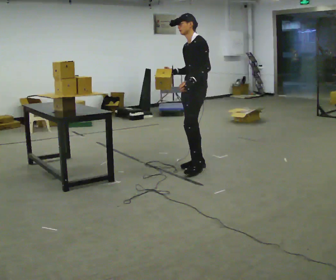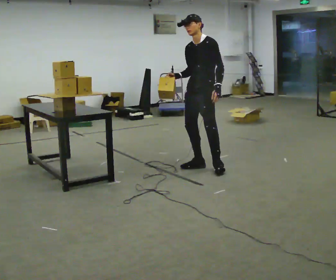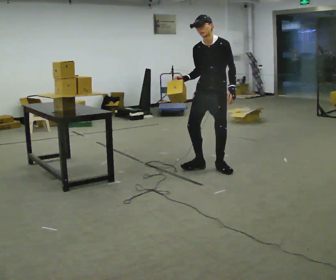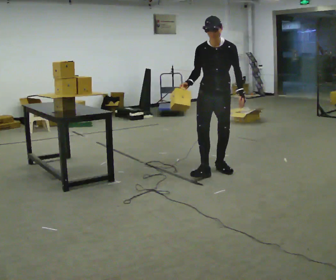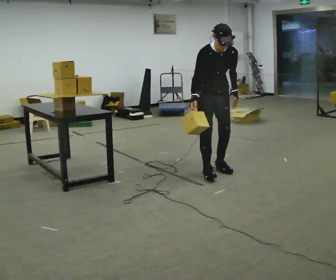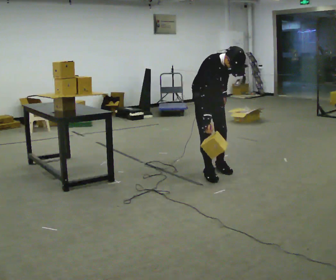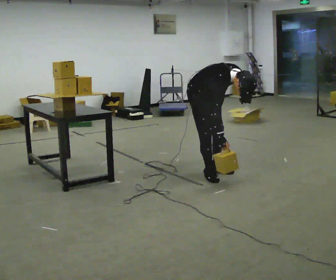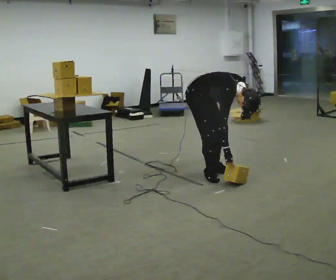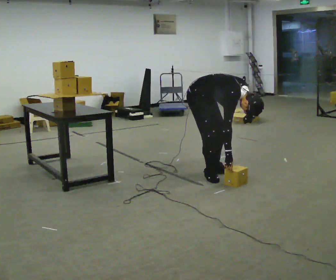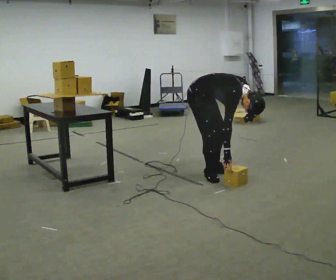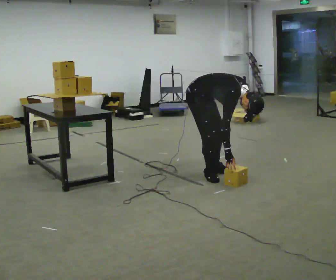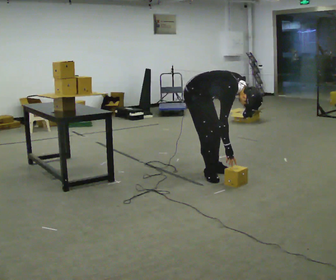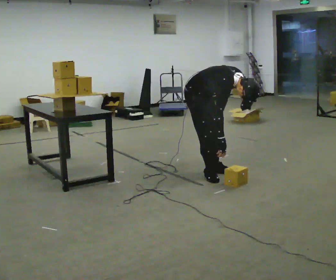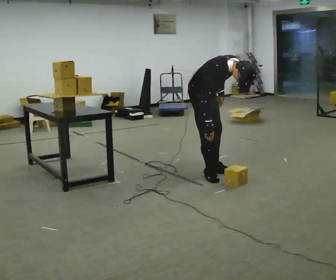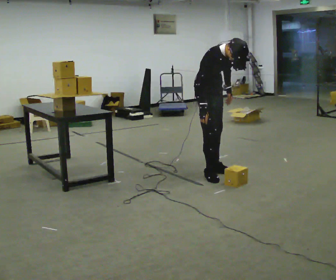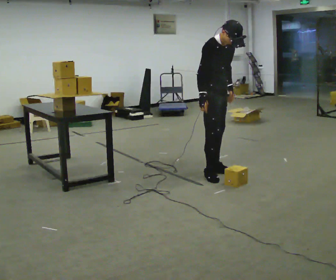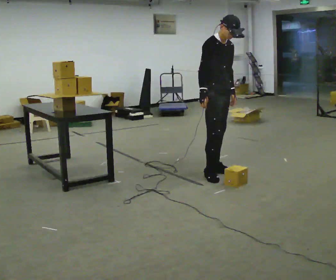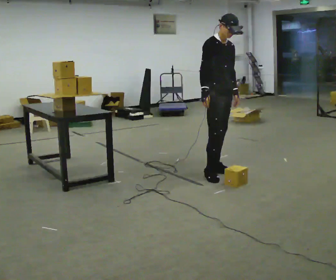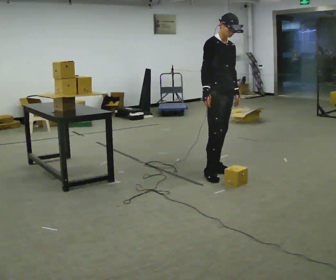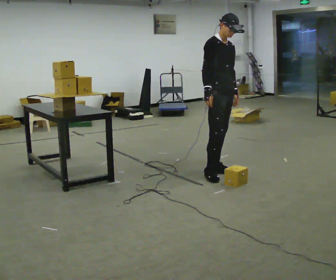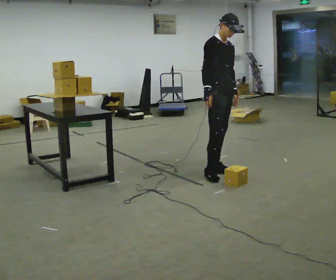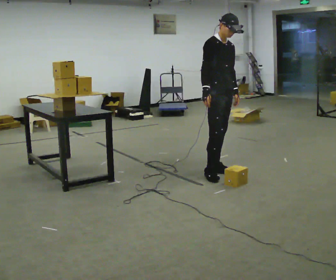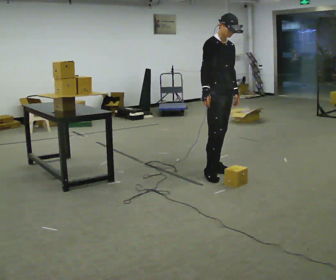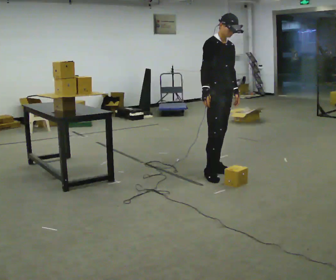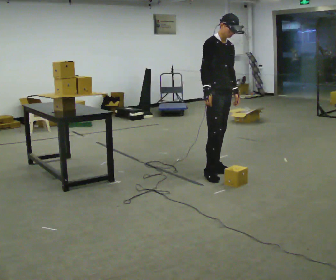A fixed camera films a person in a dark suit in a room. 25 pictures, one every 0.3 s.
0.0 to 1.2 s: Seen from above the body turns counterclockwise, about 75 degrees: to their left, with its near side sliding to the right. The upper body tips toward the camera, its near side rolling downward, as they bend forward. In the picture their left hand goes to the right.
1.2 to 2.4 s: Seen from above the body turns counterclockwise, about 45 degrees: to their left, with its near side sliding to the right. In the picture they go toward the camera, about 0.25 m, which for them is to their right. The shoulders move downward. In the picture the upper body tilts clockwise, shoulders to the right, as they bend forward.
2.4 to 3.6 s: The upper body tips away from the camera, its near side rolling upward, as they lean back or straighten.
3.6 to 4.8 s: In the picture they go to the right, about 0.25 m, which for them is to their left. The upper body goes upward. In the picture the upper body tilts counterclockwise, shoulders to the left, as they lean back or straighten.
4.8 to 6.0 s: The person moves a little, or ends about where they began.
6.0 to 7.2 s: The person keeps their place and pose.
The film runs backward here.
